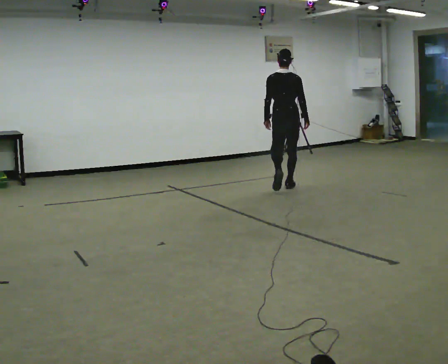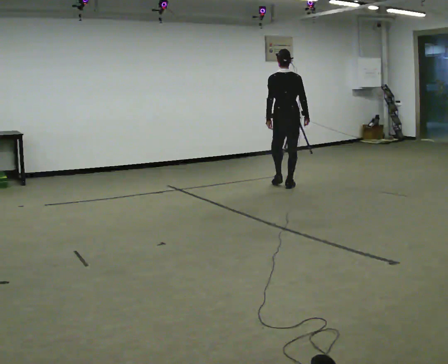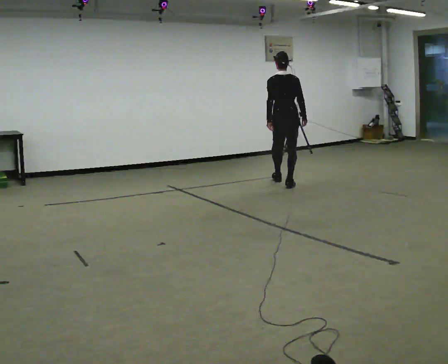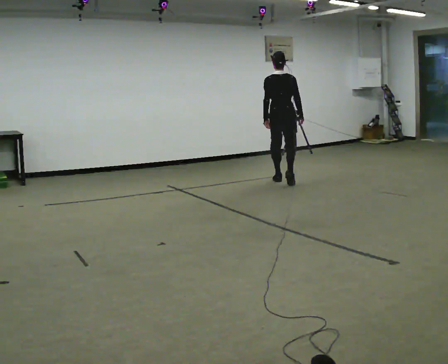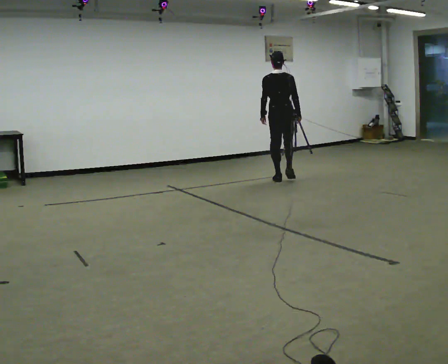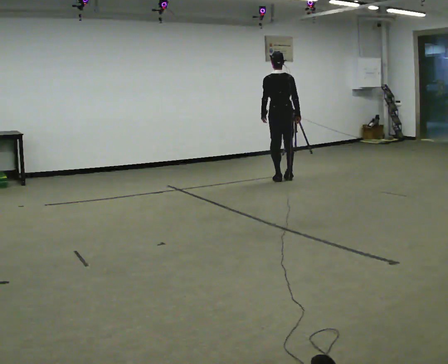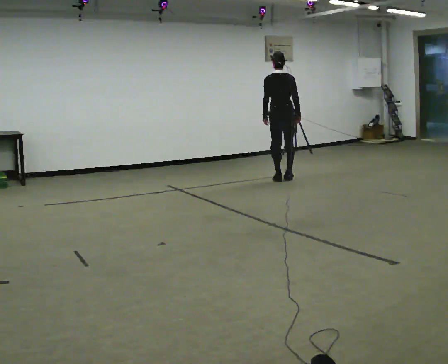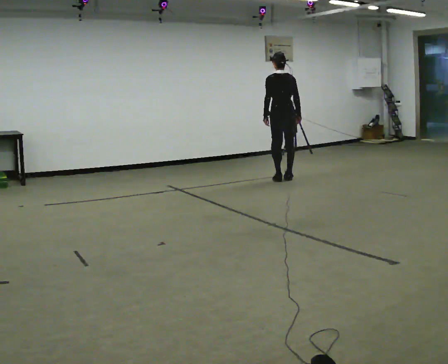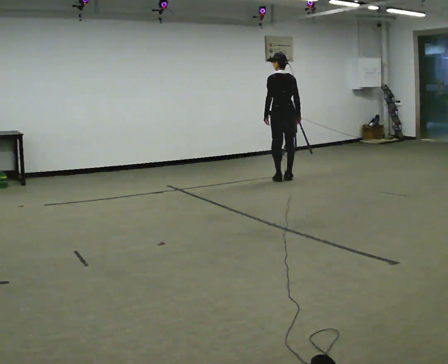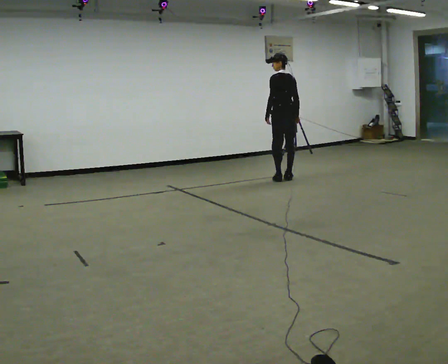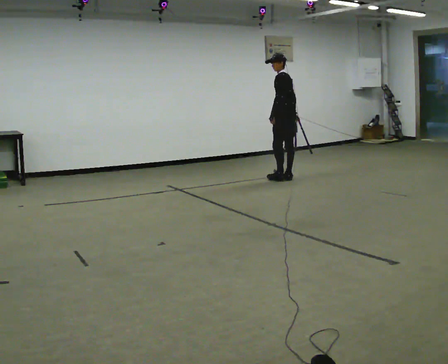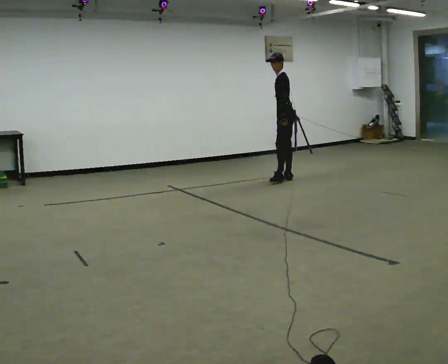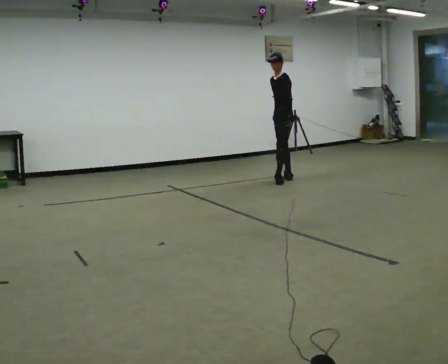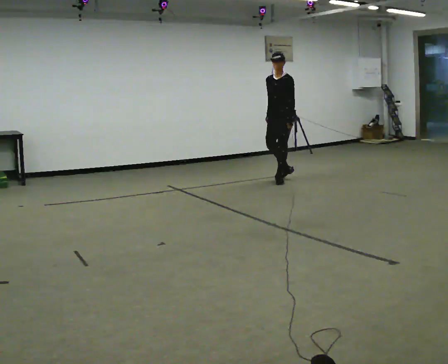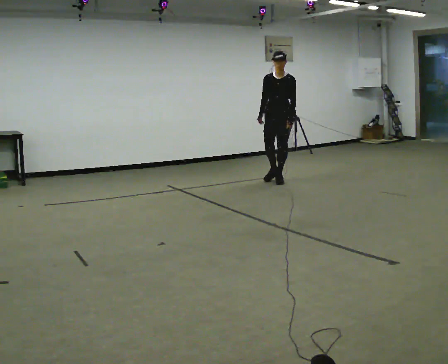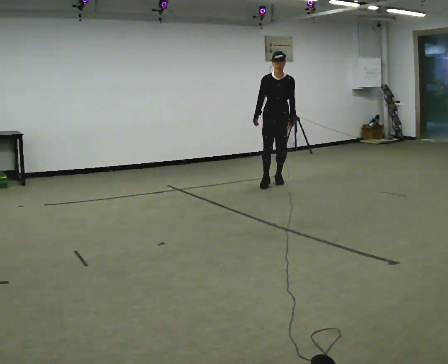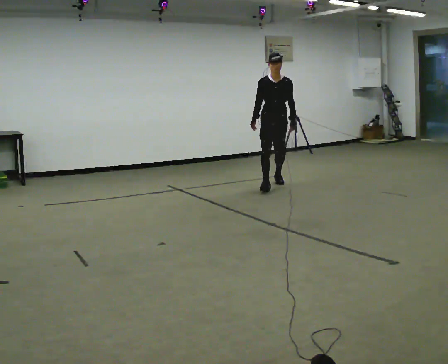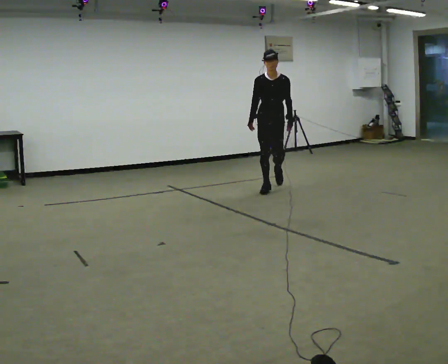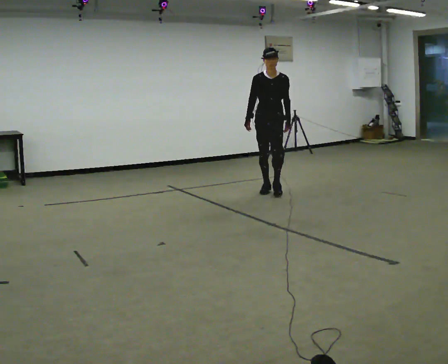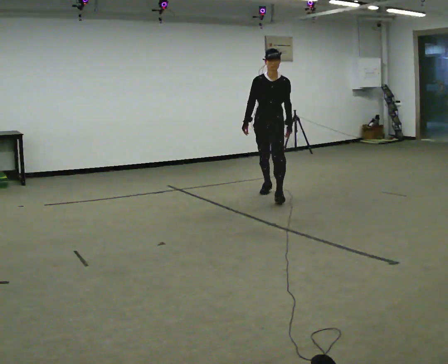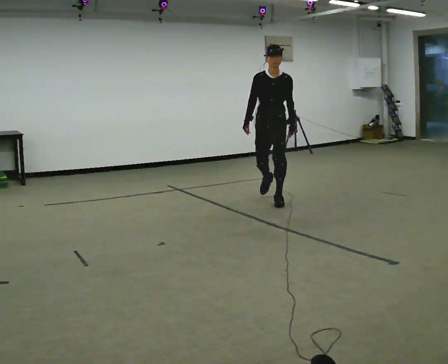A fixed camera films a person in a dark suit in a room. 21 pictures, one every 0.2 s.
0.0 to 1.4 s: In the picture they go away from the camera, about 0.75 m in 2 steps, which for them is forward.
1.4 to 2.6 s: The part of the body nearest the lens slides to the right as the person turns to their left by about 120 degrees. In the picture their right hand goes to the left, the arm swinging clockwise.
2.6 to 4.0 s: The part of the body nearest the lens slides to the right as the person turns to their left by about 30 degrees. In the picture they go toward the camera, about 1 m in 2 steps, which for them is forward.
The film runs forward here.
